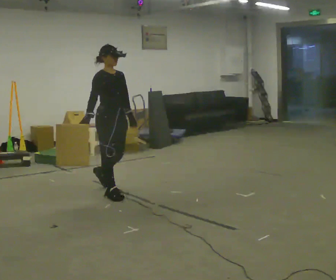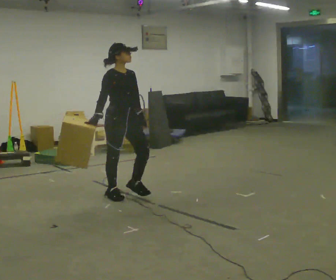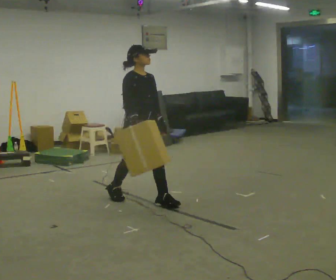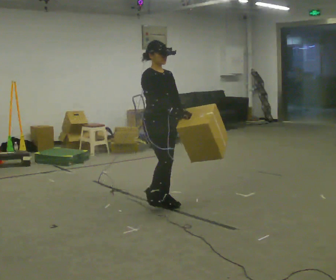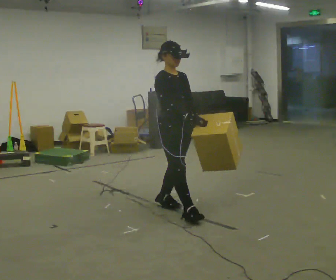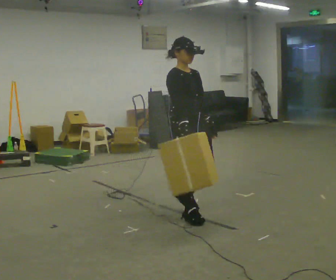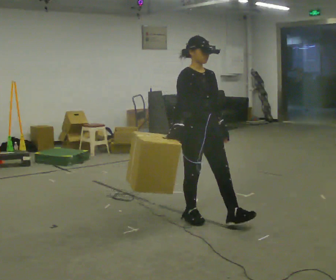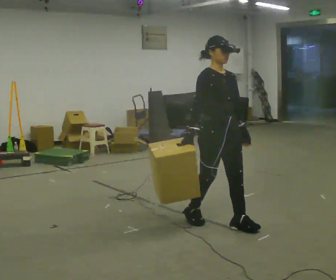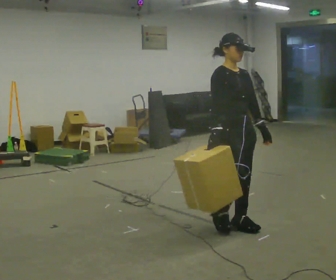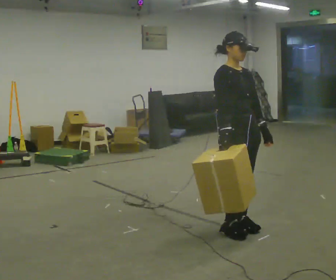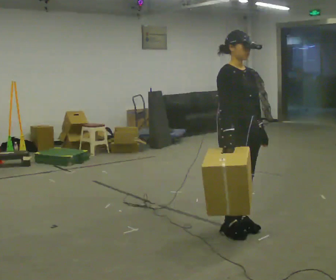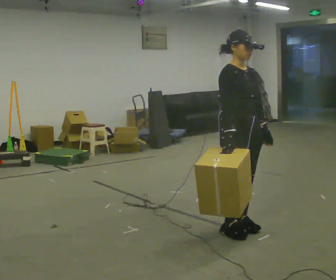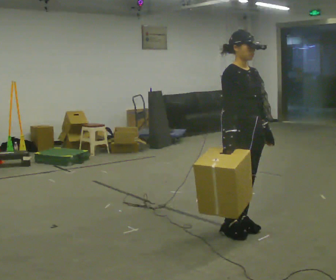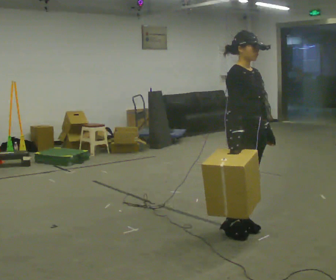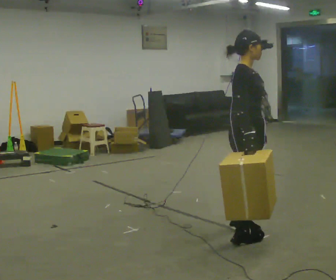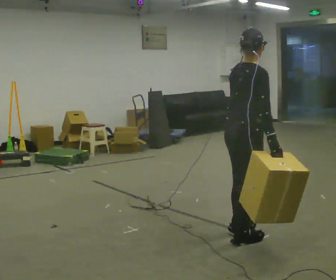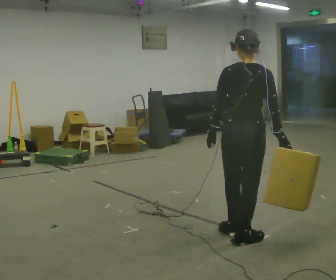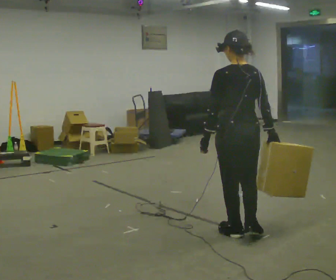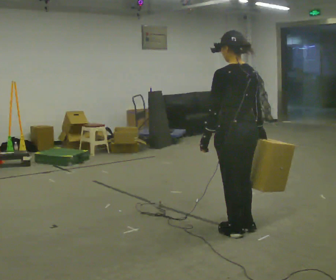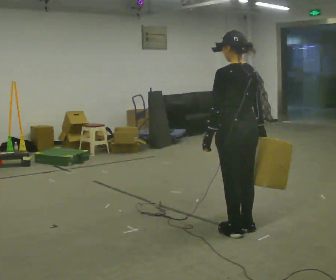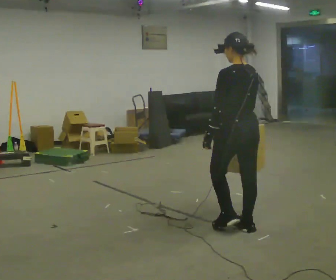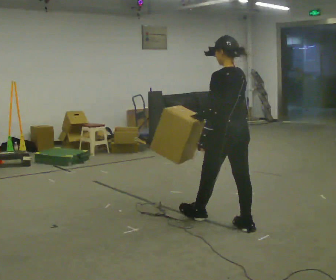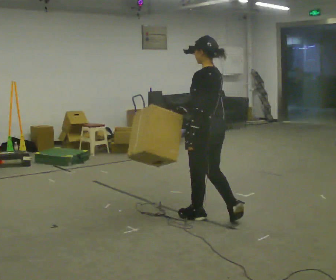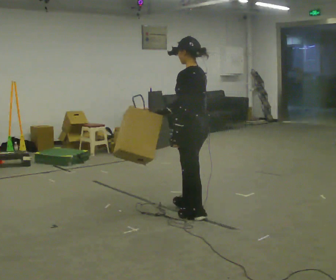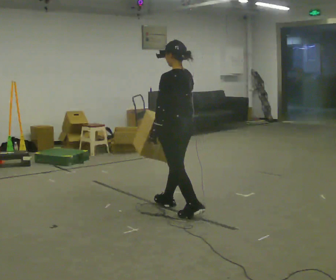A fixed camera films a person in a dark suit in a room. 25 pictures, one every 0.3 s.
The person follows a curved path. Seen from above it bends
counterclockwise.
0.0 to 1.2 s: In the picture they go to the right and toward the camera, about 1 m in 2 steps, which for them is forward.
1.2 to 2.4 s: In the picture they go to the right and toward the camera, about 0.75 m in 1 step, which for them is forward.
2.4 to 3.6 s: The person moves a little, or ends about where they began.
3.6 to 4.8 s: Seen from above the body turns counterclockwise, about 120 degrees: to their left, with its near side sliding to the right. In the picture their left hand goes to the left, the arm swinging clockwise.
4.8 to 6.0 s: Seen from above the body turns counterclockwise, about 45 degrees: to their left, with its near side sliding to the right. In the picture they go away from the camera, about 0.25 m in 1 step, which for them is forward and to their right. In the picture their right hand goes to the left.
6.0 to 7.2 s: In the picture they go to the left and away from the camera, about 1 m in 2 steps, which for them is forward.
The film runs forward here.
